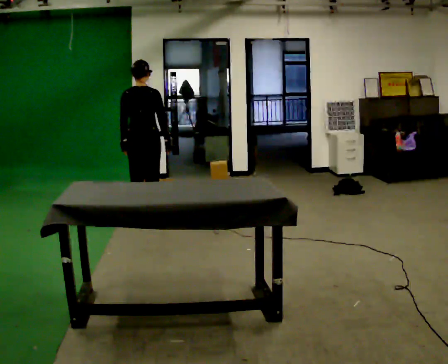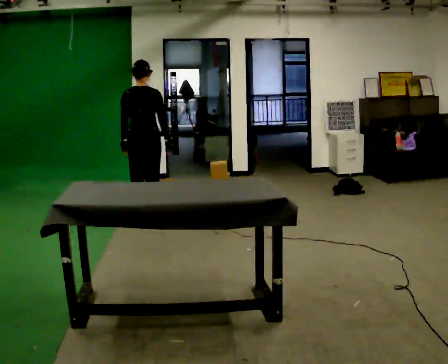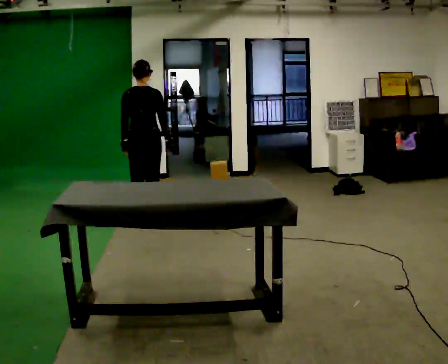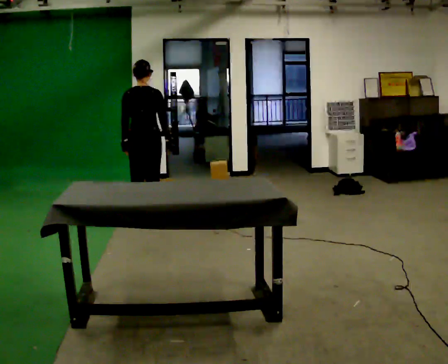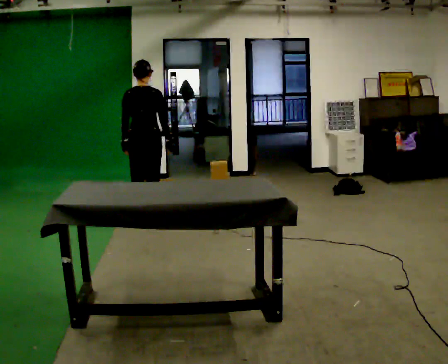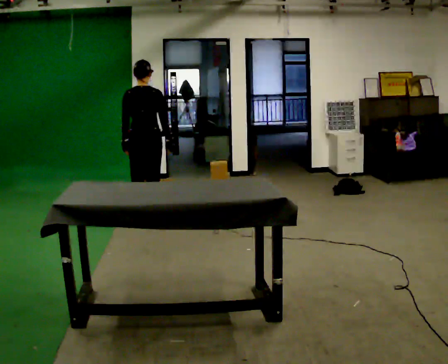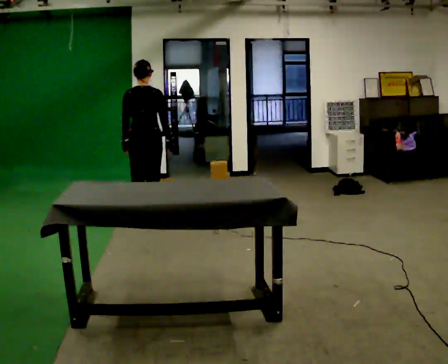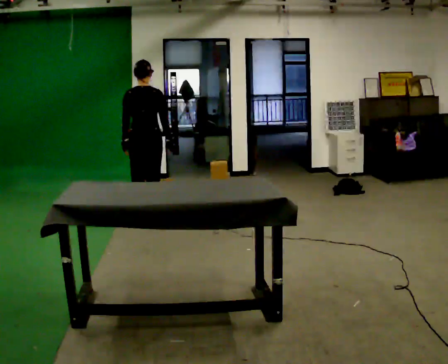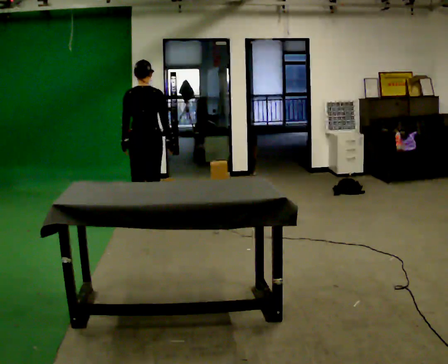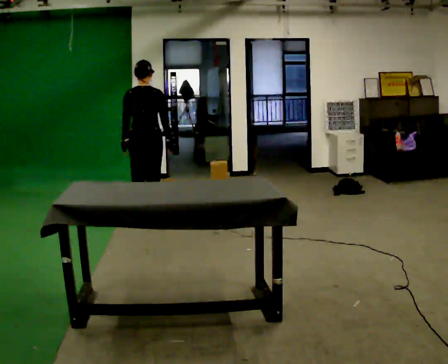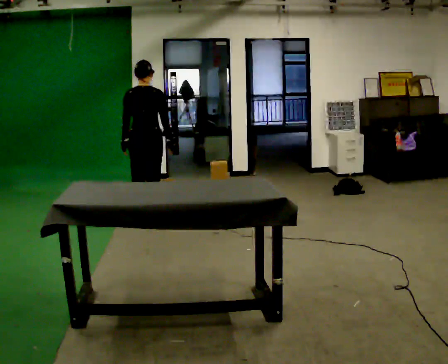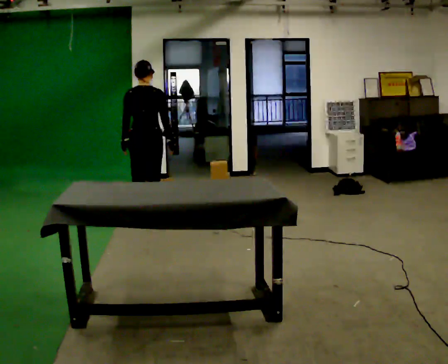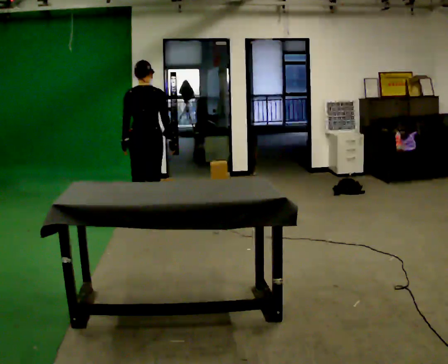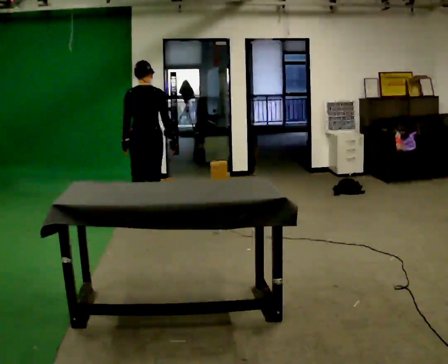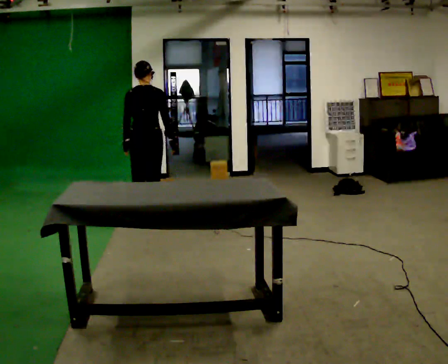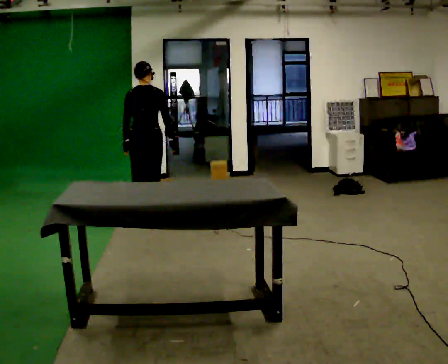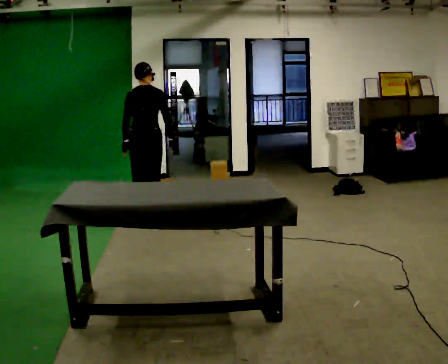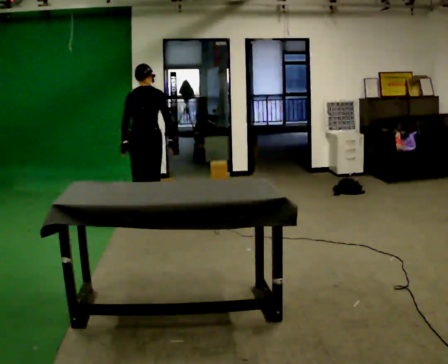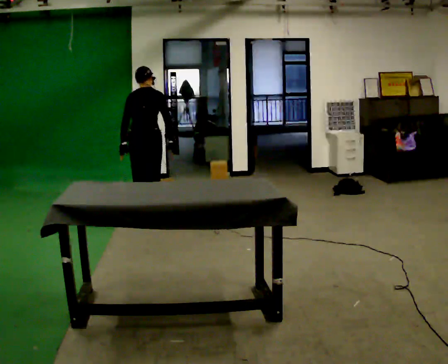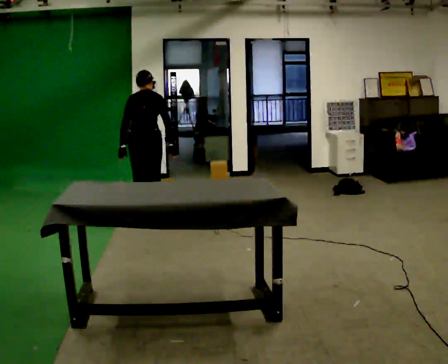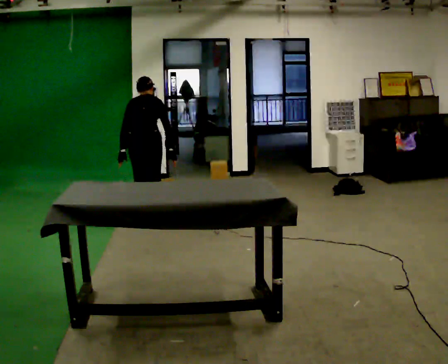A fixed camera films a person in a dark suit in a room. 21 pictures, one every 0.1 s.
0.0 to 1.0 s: The person moves a little, or ends about where they began.
1.0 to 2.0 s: The upper body tips away from the camera, its near side rolling upward, as they bend forward.
The film runs backward here.
